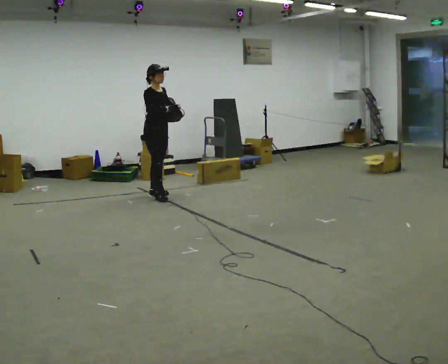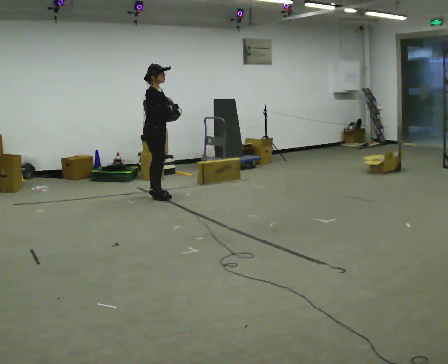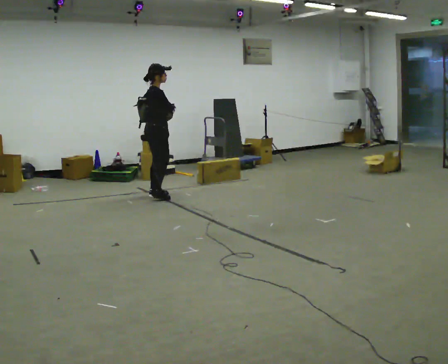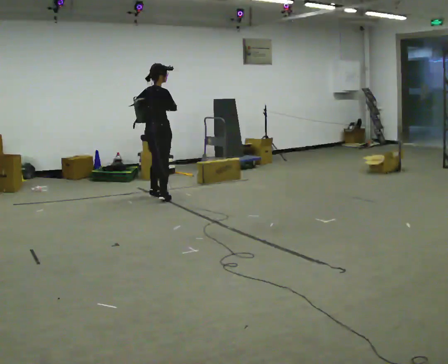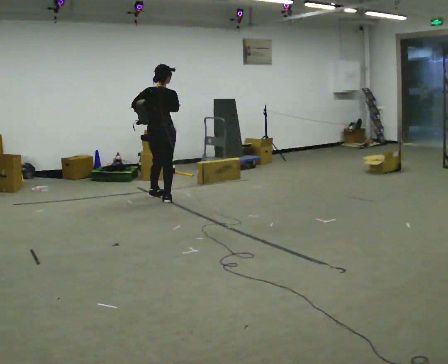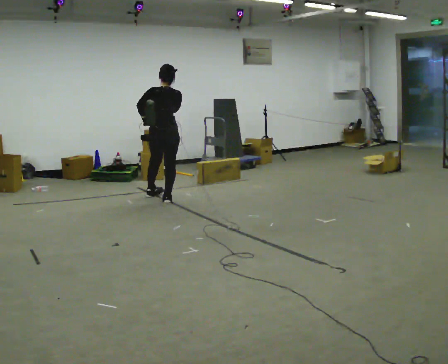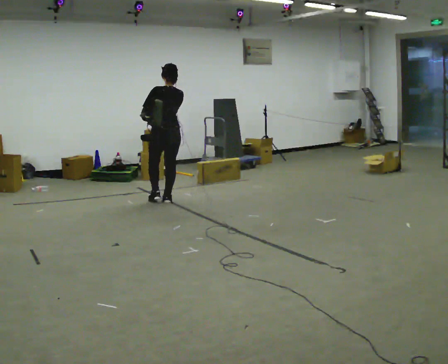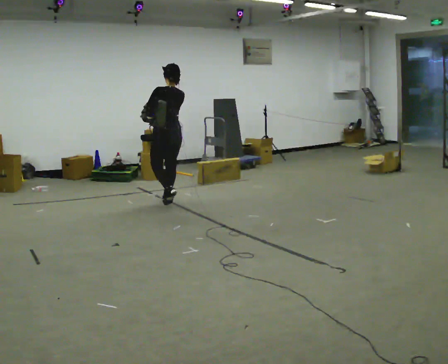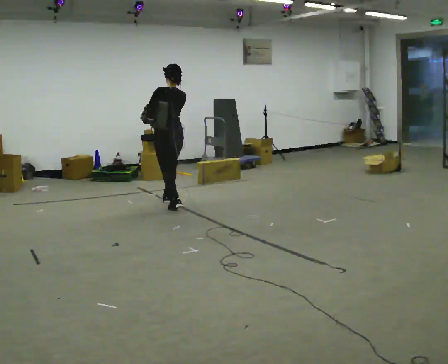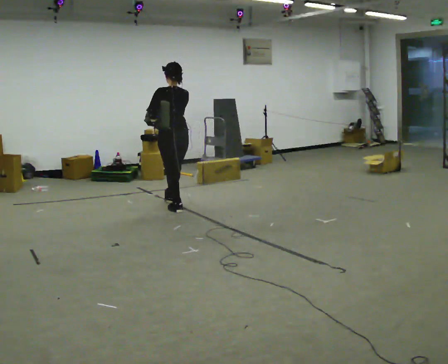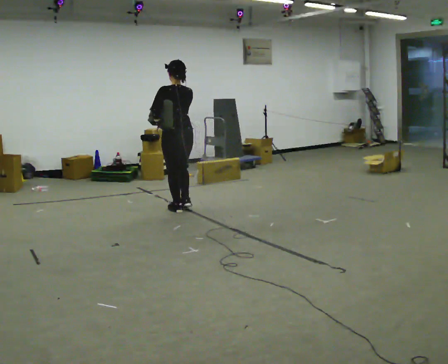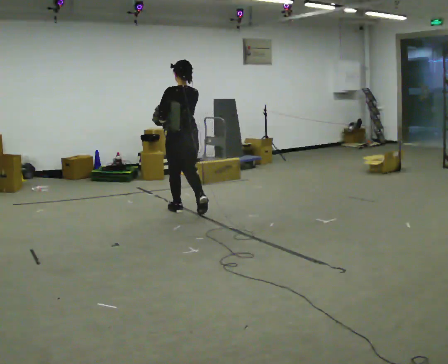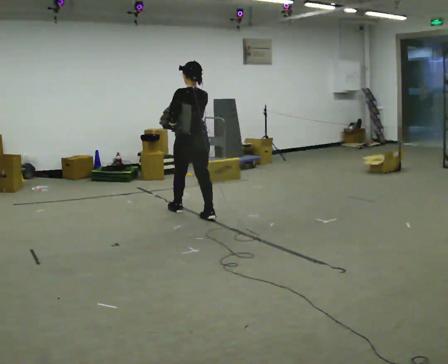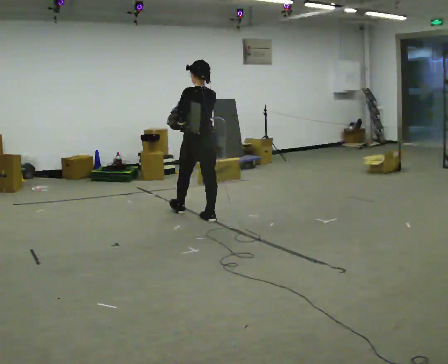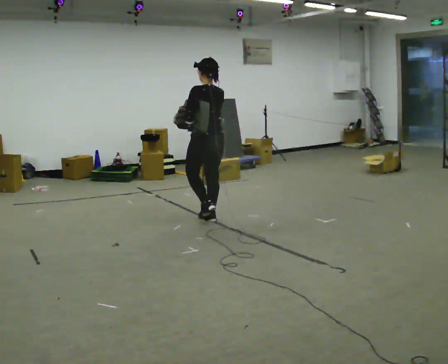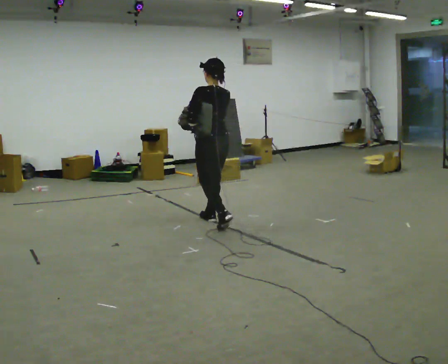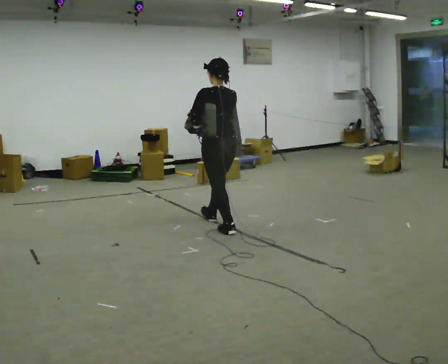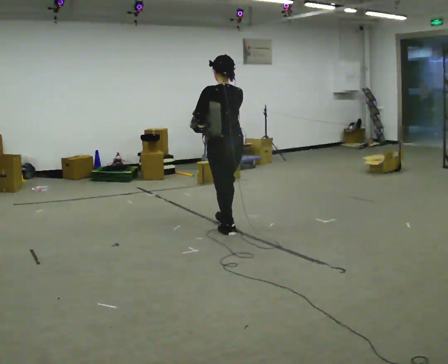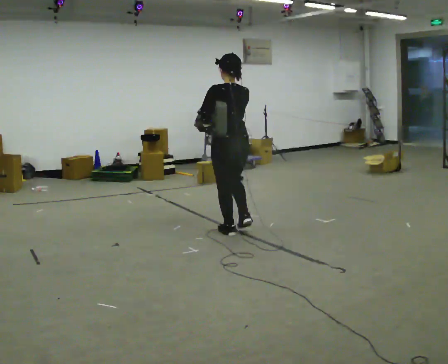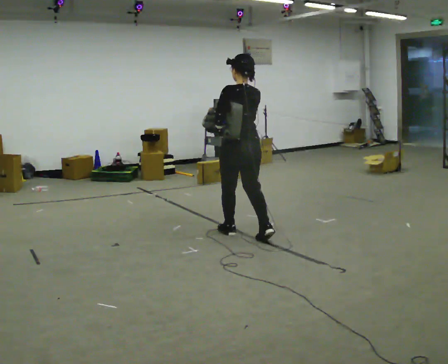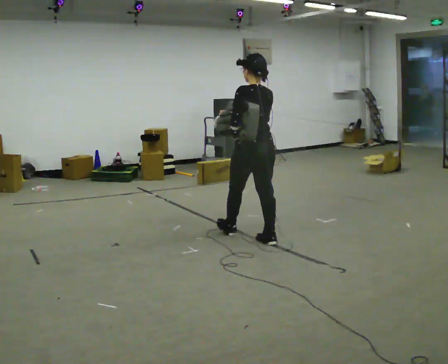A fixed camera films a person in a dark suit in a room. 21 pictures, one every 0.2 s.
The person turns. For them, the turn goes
to their left.
The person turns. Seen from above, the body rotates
counterclockwise.
0.0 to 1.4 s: The part of the body nearest the lens slides to the right as the person turns to their left by about 150 degrees. In the picture they go toward the camera and to the right, about 0.5 m in 2 steps.
1.4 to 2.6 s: In the picture they go toward the camera and to the right, about 1 m in 2 steps, which for them is backward.
2.6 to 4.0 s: In the picture they go toward the camera and to the right, about 1 m in 2 steps, which for them is backward.
The film runs backward here.
